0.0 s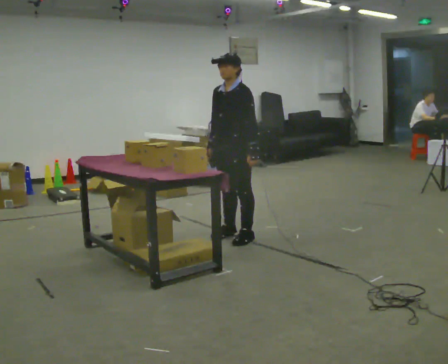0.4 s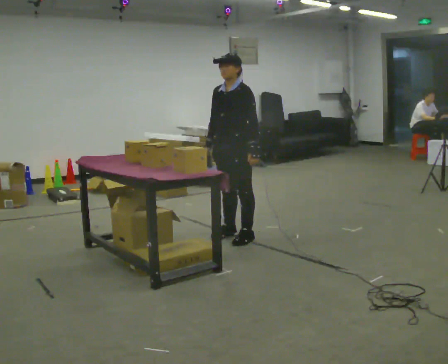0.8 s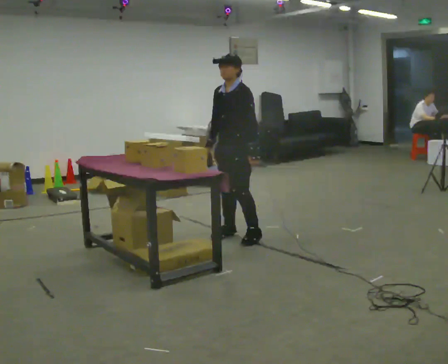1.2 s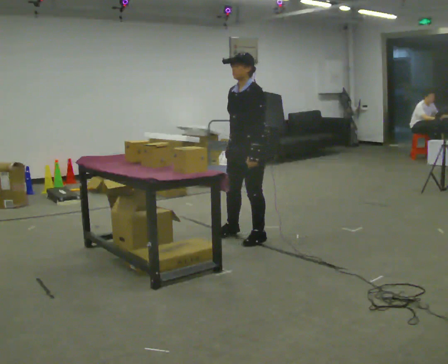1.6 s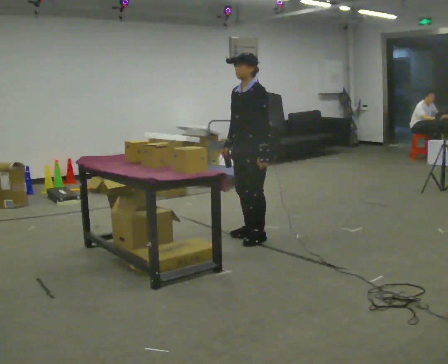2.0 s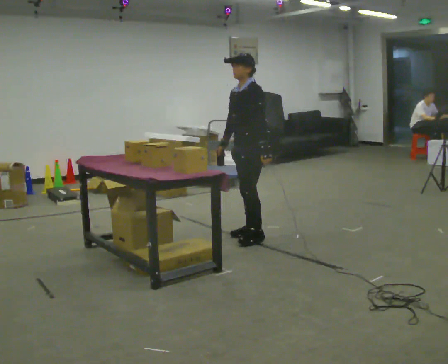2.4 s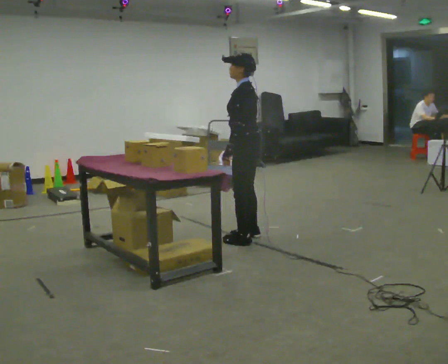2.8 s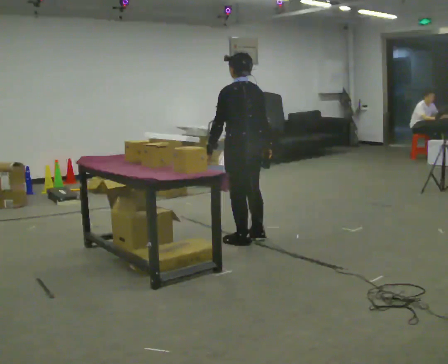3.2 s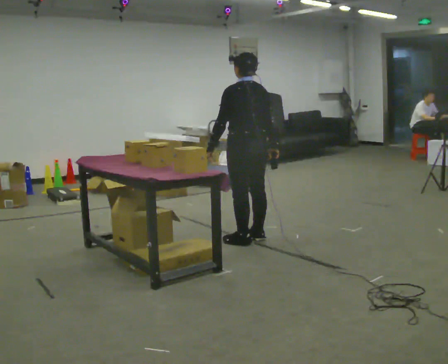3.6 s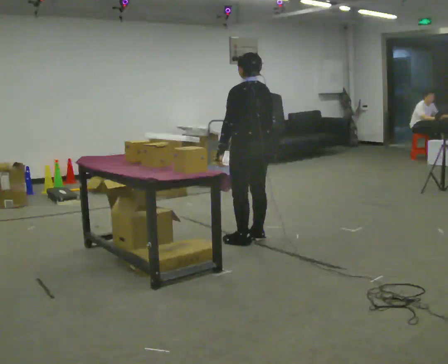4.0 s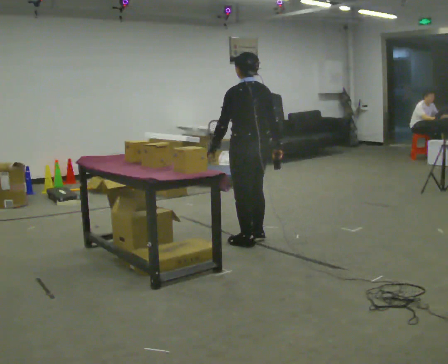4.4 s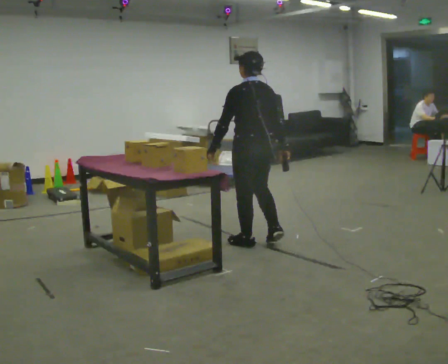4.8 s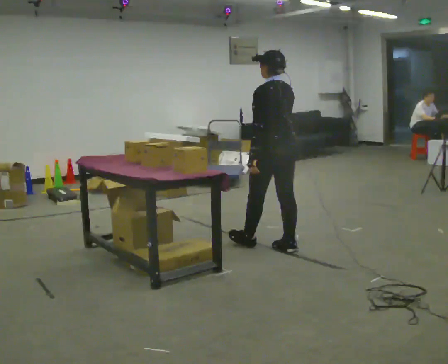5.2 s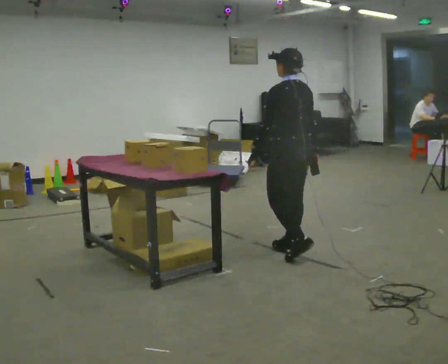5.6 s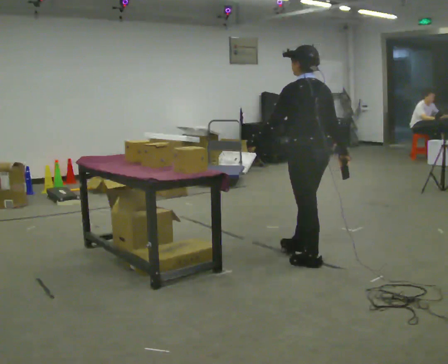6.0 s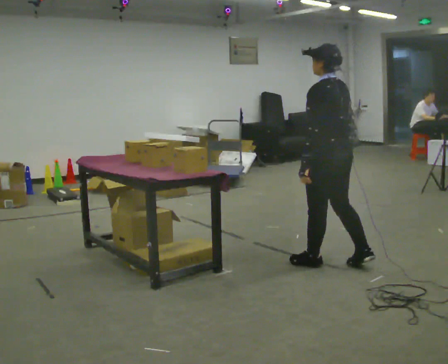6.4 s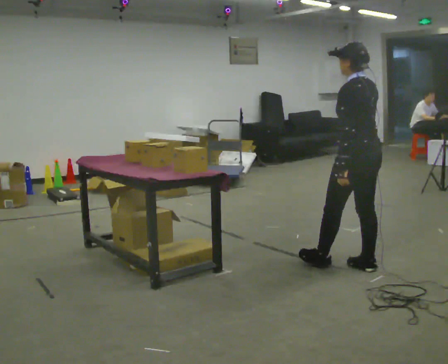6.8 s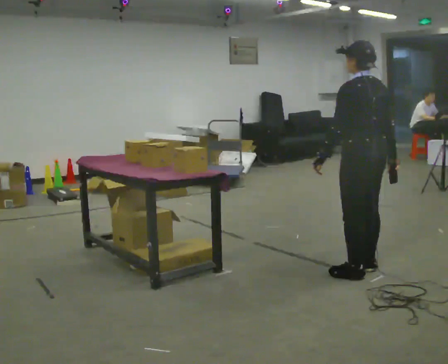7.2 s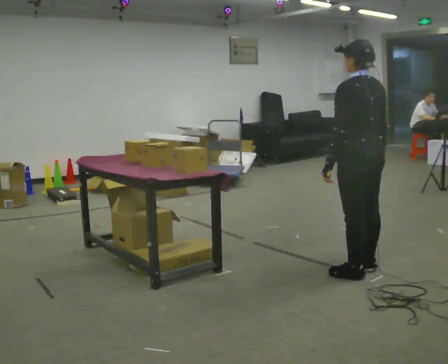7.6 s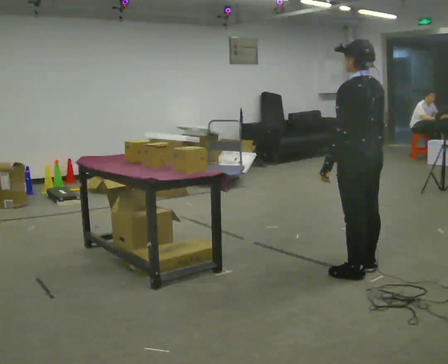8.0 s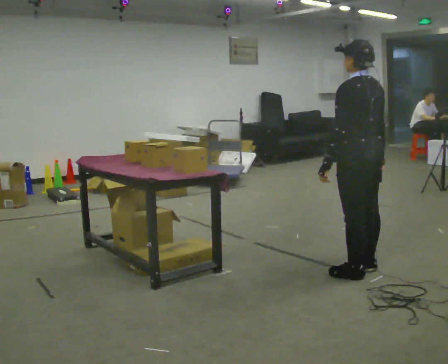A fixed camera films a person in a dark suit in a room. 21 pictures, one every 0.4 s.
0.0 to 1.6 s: In the picture they go to the right, about 0.25 m in 1 step, which for them is to their left.
1.6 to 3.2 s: The part of the body nearest the lens slides to the left as the person turns to their right by about 90 degrees. In the picture their left hand goes to the left.
3.2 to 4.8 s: In the picture they go toward the camera and to the right, about 0.25 m in 2 steps, which for them is backward.
4.8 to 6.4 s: In the picture they go toward the camera and to the right, about 1 m in 2 steps, which for them is backward.
6.4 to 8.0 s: The person moves a little, or ends about where they began.
The film runs backward here.
